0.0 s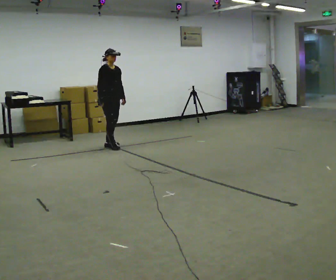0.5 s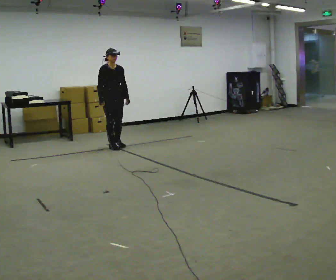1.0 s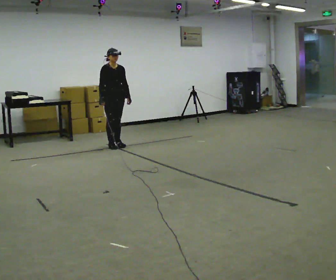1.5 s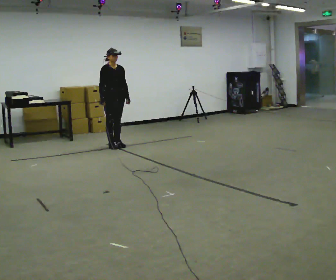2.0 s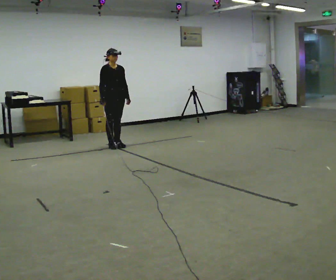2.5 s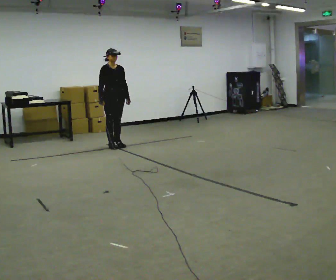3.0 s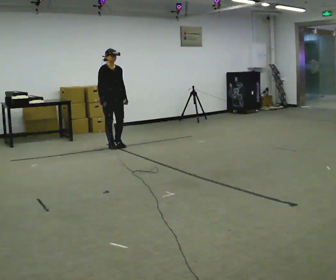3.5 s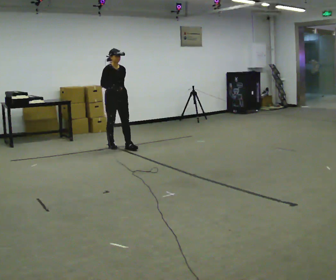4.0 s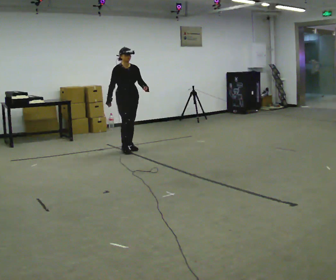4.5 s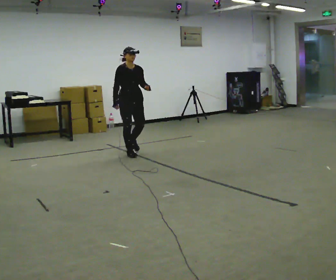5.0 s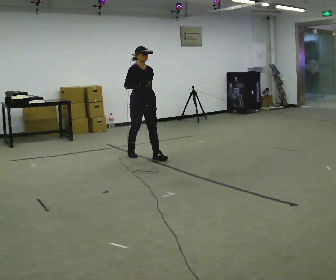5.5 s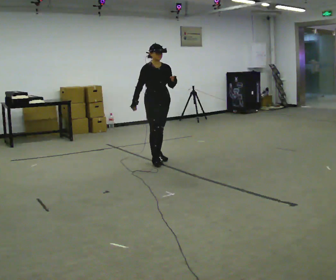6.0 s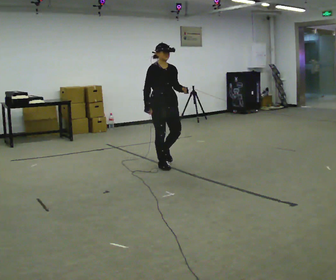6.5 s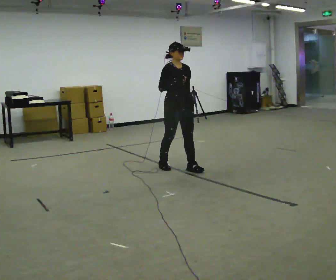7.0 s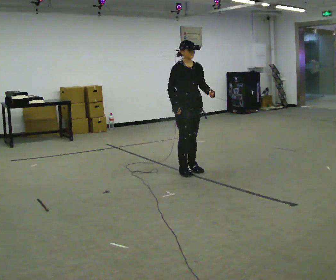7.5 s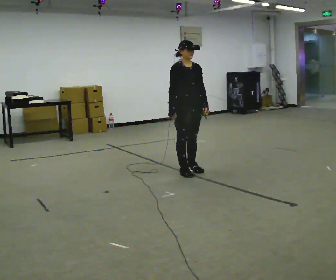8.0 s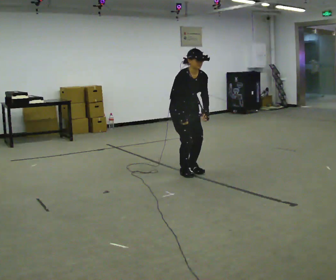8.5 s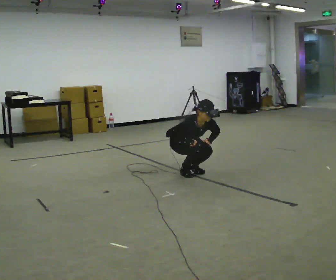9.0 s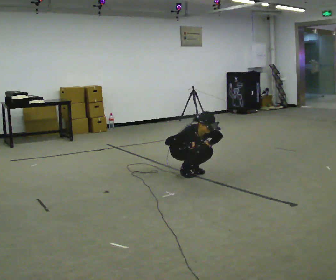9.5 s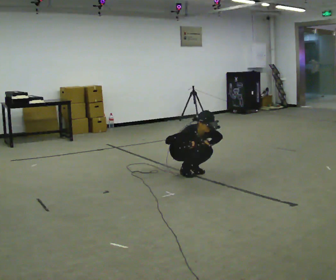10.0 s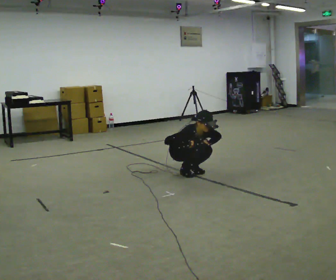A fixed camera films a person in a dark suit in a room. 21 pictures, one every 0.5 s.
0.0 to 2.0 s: The person moves a little, or ends about where they began.
2.0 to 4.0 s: In the picture they go toward the camera and to the right, about 0.25 m in 1 step, which for them is forward.
4.0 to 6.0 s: In the picture they go toward the camera and to the right, about 1 m in 3 steps, which for them is forward.
6.0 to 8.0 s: In the picture they go toward the camera and to the right, about 0.5 m in 2 steps, which for them is forward. The upper body tips toward the camera, its near side rolling downward, as they bend forward.
8.0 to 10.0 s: The upper body goes downward. The upper body tips toward the camera, its near side rolling downward, as they bend forward. In the picture their left hand goes downward.
The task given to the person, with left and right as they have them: Walk; crouch comfortably at marker; remain briefly; stand and continue.
The film runs forward here.
